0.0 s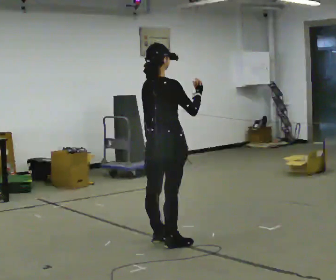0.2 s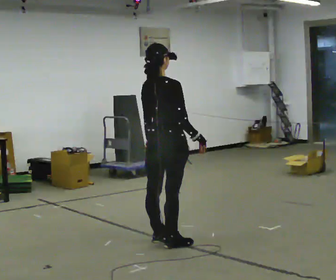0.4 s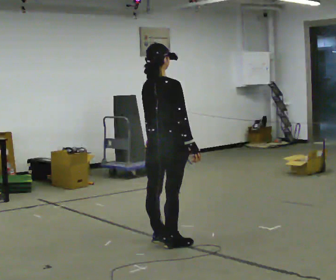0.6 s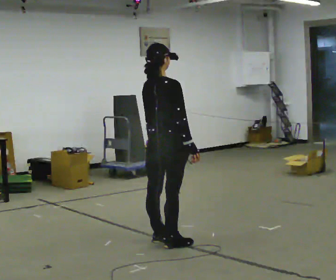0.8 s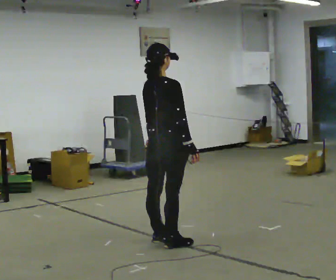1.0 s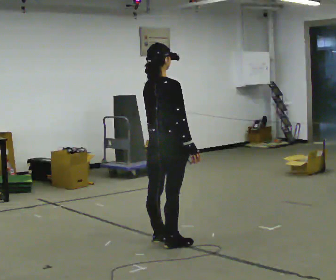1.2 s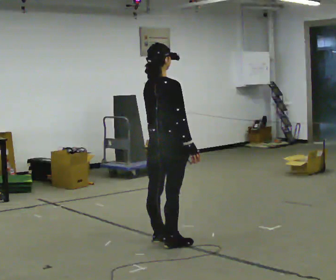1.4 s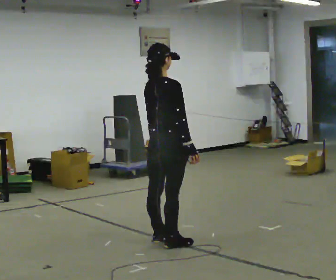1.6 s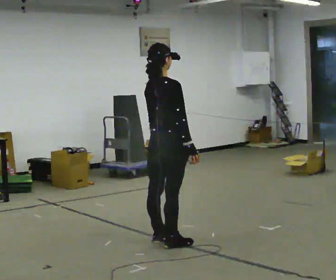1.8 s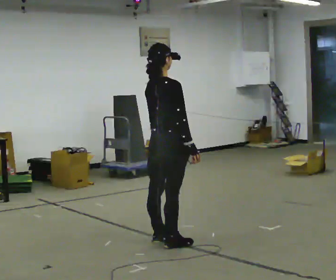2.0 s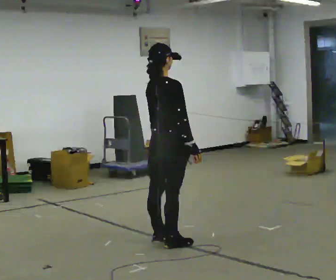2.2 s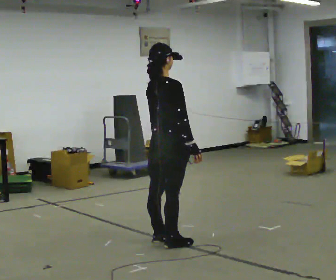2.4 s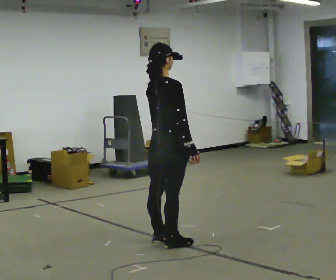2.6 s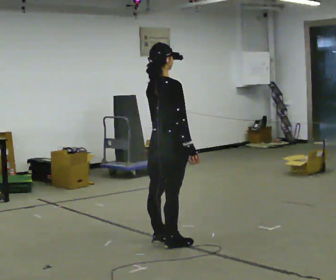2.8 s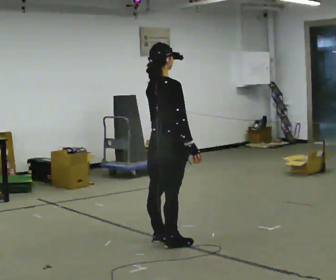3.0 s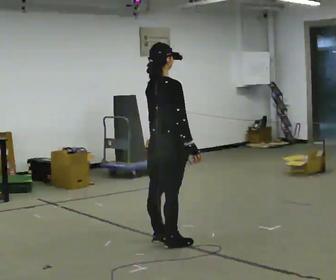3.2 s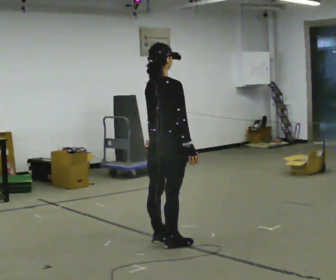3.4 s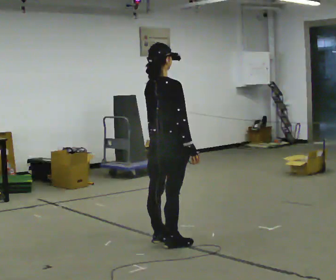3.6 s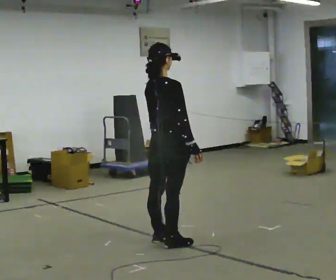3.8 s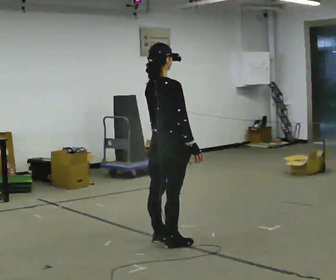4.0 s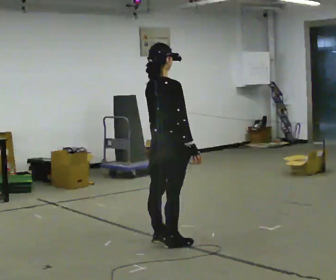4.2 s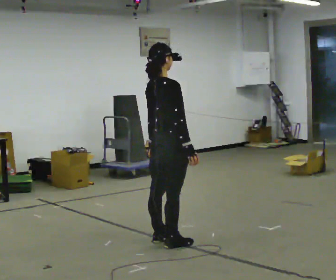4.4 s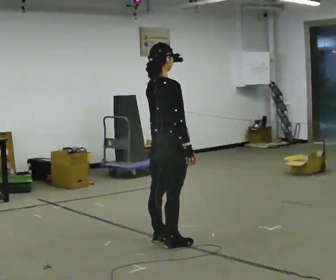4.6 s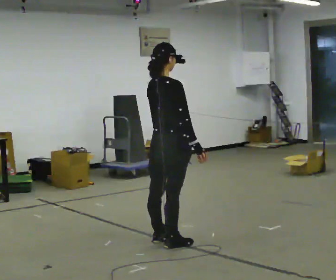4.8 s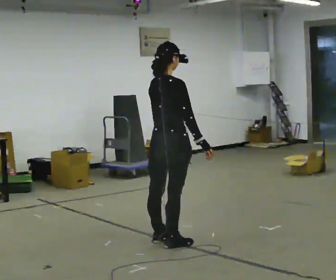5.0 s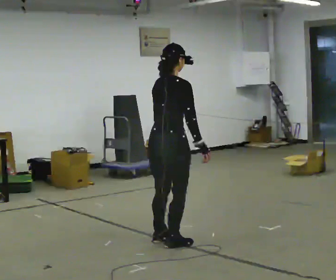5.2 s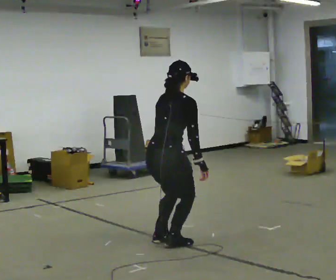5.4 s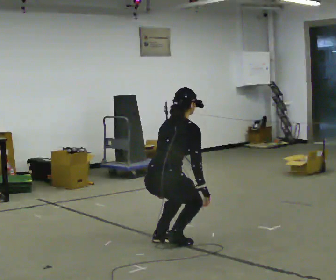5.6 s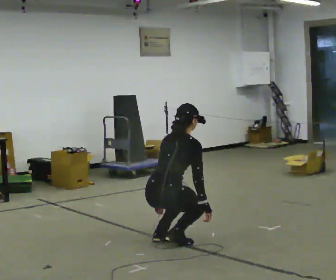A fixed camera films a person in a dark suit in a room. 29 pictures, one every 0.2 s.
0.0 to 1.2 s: In the picture their right hand goes downward, the arm swinging clockwise.
1.2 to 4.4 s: The person moves a little, or ends about where they began.
4.4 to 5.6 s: The upper body goes downward. In the picture the upper body tilts clockwise, shoulders to the right, as they bend forward. In the picture their left hand goes downward.
The film runs backward here.
